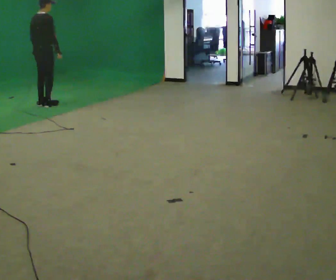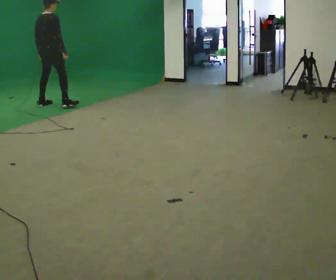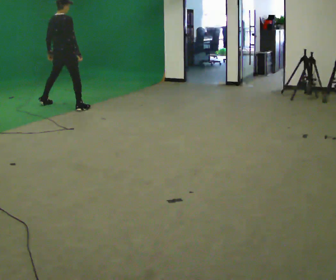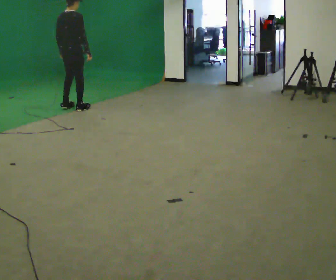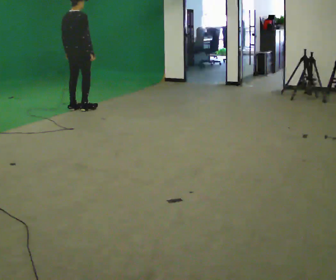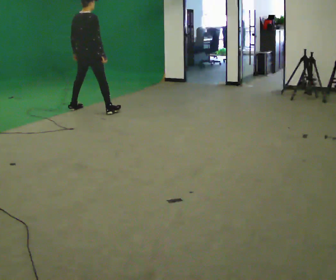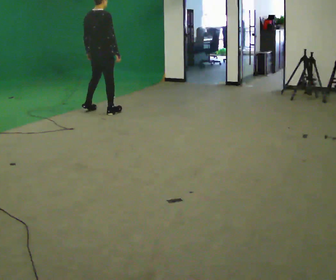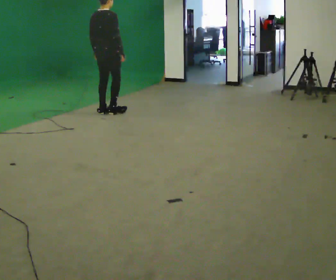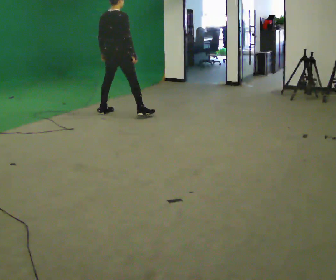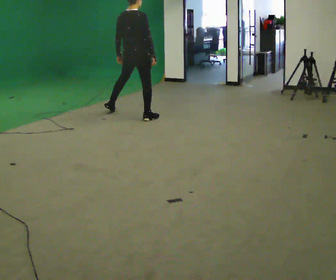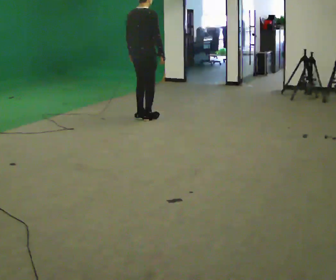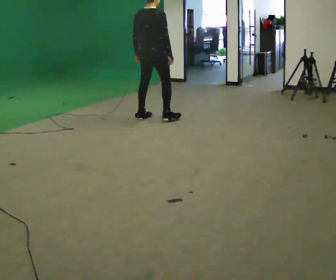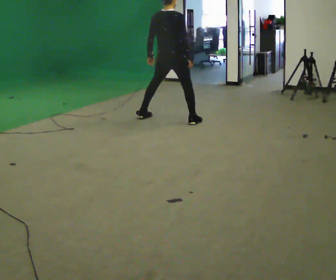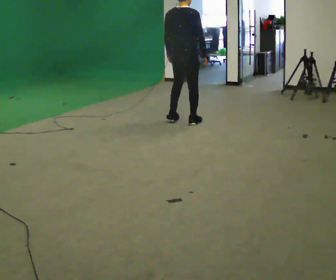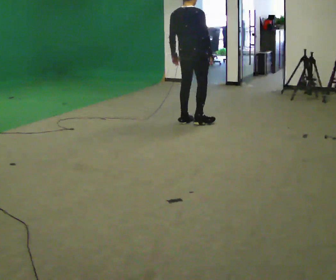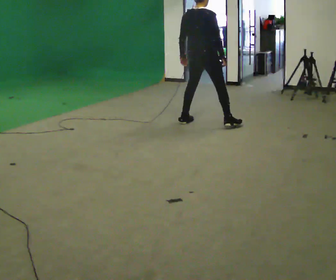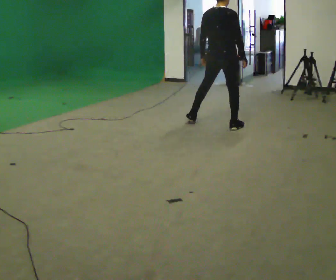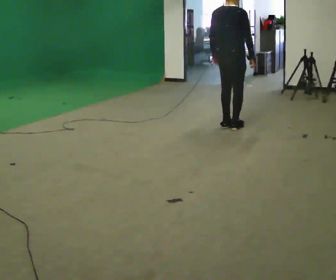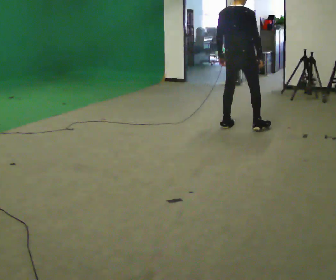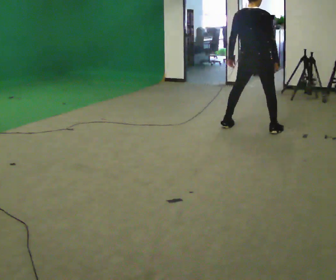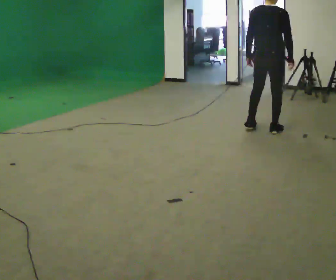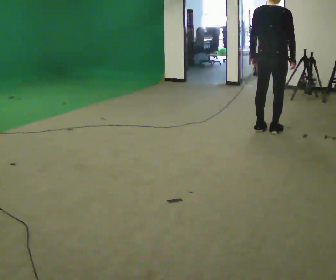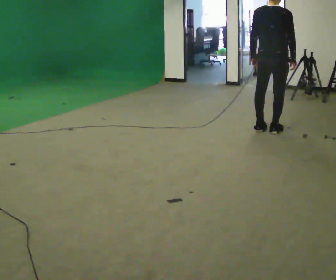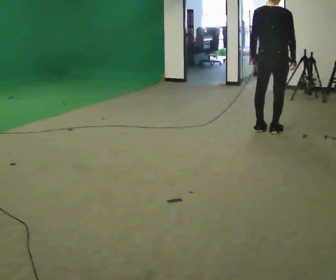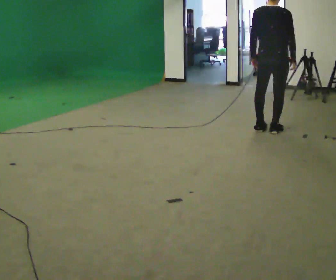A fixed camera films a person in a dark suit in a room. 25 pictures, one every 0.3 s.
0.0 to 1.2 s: In the picture they go to the right and toward the camera, about 0.5 m in 2 steps, which for them is to their right.
1.2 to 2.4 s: In the picture they go to the right, about 0.75 m in 2 steps, which for them is to their right.
2.4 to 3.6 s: In the picture they go to the right and toward the camera, about 1 m in 3 steps, which for them is to their right.
3.6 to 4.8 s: In the picture they go to the right and toward the camera, about 0.75 m in 2 steps, which for them is to their right.
4.8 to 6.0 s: In the picture they go to the right and toward the camera, about 0.5 m in 2 steps, which for them is to their right.
6.0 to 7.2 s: The person moves a little, or ends about where they began.
The film runs forward here.
